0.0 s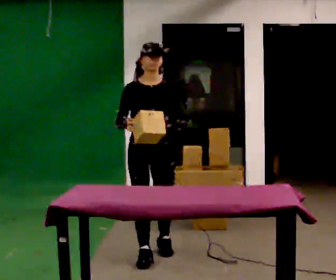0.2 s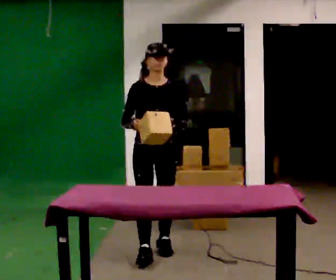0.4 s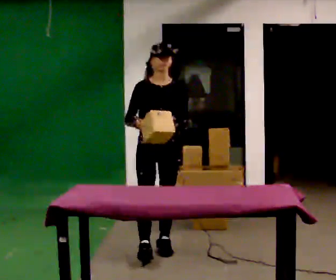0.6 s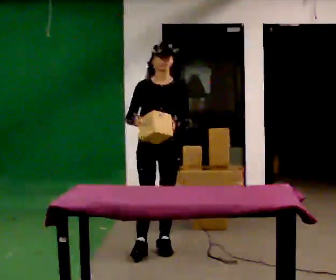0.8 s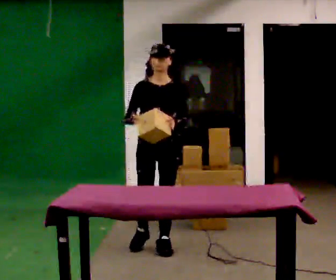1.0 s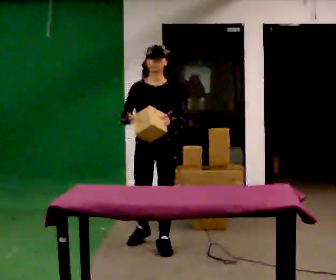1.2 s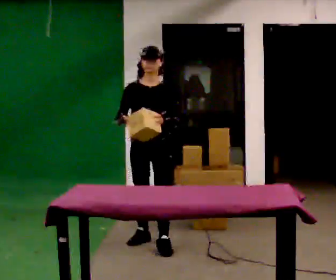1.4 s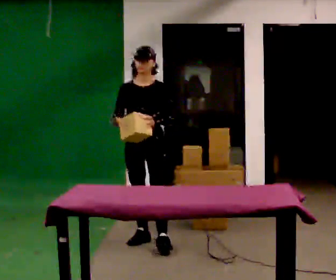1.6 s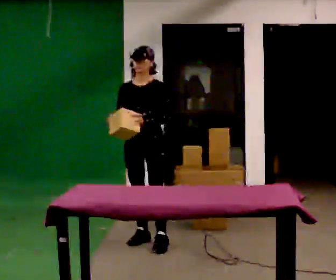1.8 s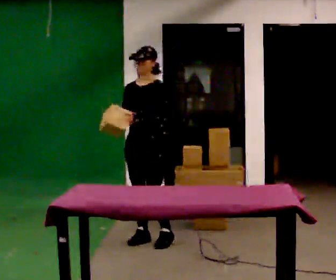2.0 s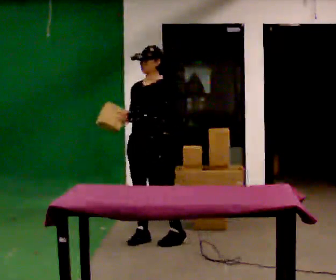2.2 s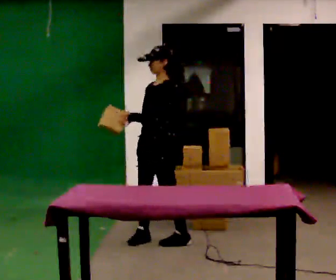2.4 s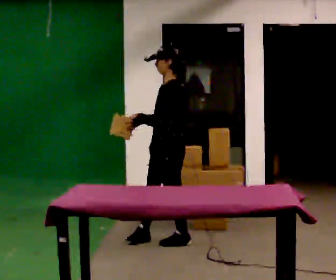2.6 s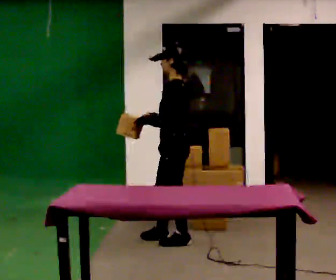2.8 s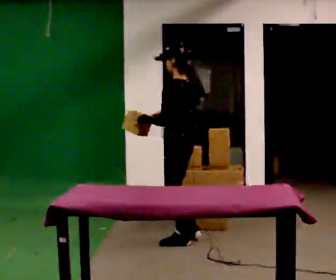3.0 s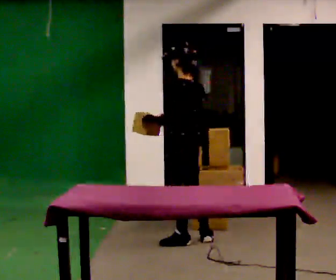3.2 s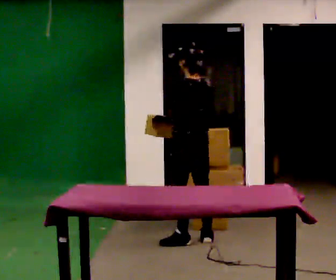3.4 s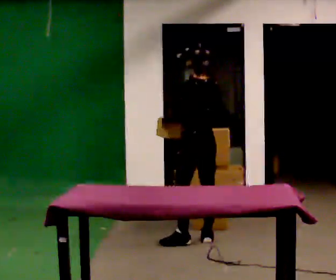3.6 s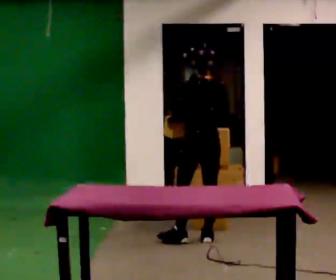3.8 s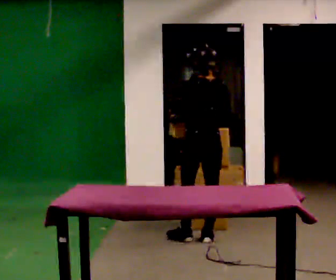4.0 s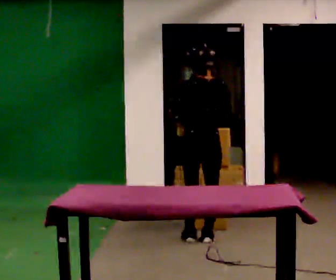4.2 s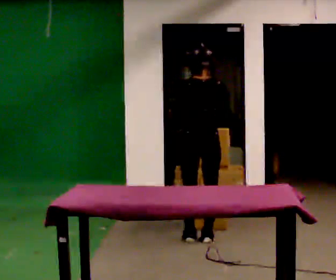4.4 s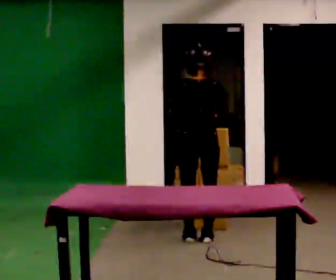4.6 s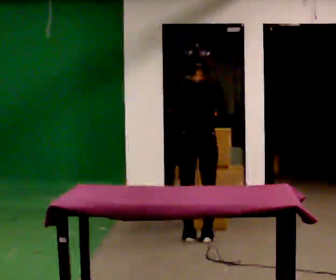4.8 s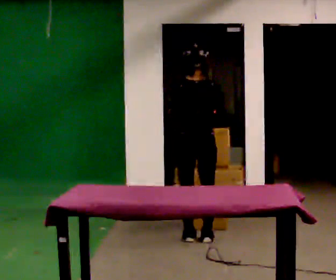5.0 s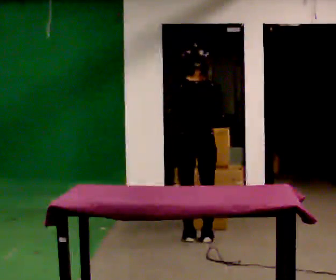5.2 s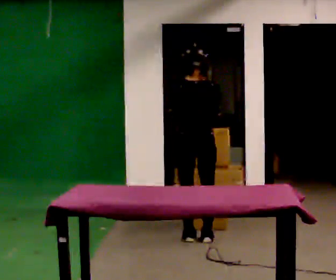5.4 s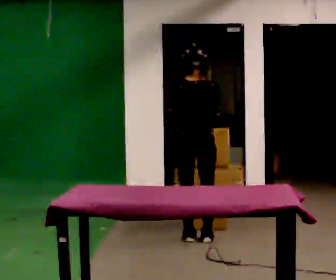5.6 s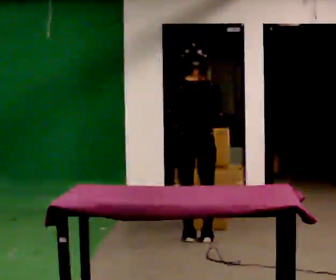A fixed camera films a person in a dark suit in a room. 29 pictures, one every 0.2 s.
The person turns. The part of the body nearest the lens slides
to the left.
The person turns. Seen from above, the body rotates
clockwise.
0.0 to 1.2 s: In the picture they go away from the camera, about 0.5 m in 1 step, which for them is backward.
1.2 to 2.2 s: The part of the body nearest the lens slides to the left as the person turns to their right by about 60 degrees.
2.2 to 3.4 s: The person turns about 75 degrees to their right, clockwise seen from above, so the part of the body nearest the lens slides to the left. In the picture they go to the right, about 0.25 m in 1 step.
3.4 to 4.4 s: The part of the body nearest the lens slides to the left as the person turns to their right by about 45 degrees.
4.4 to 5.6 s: The person moves a little, or ends about where they began.
The film runs backward here.
